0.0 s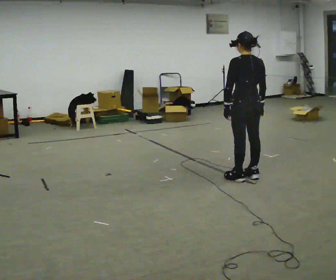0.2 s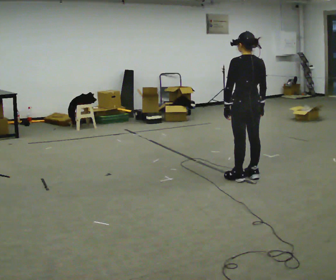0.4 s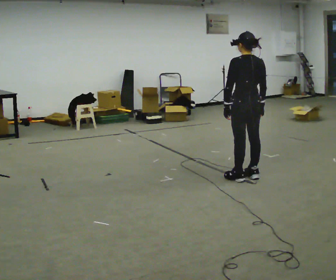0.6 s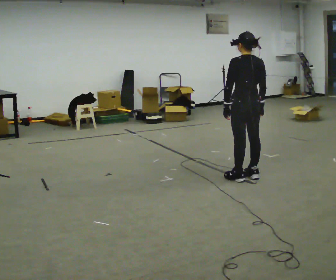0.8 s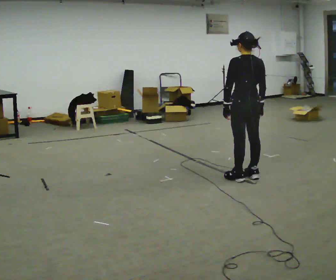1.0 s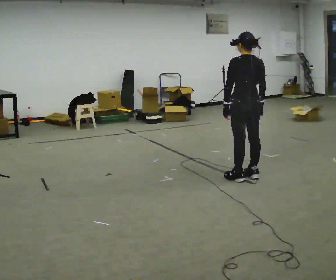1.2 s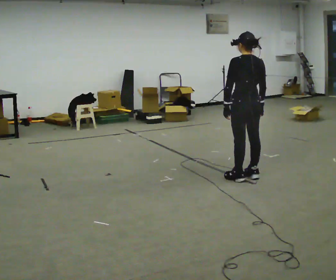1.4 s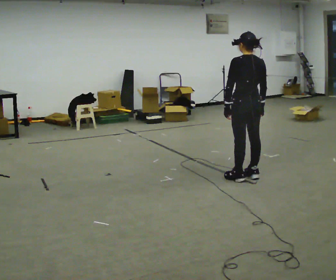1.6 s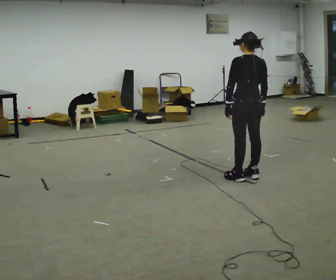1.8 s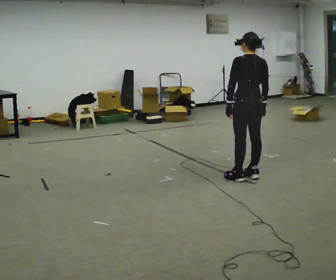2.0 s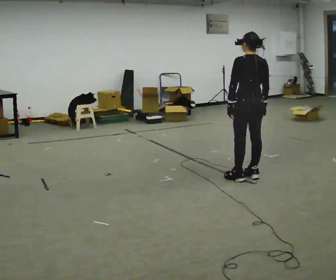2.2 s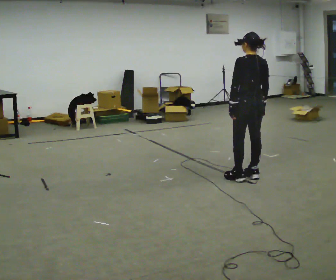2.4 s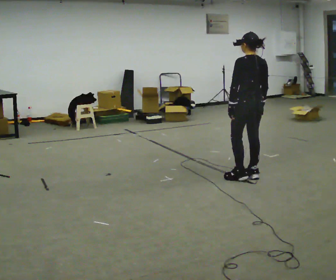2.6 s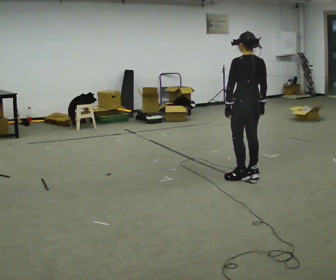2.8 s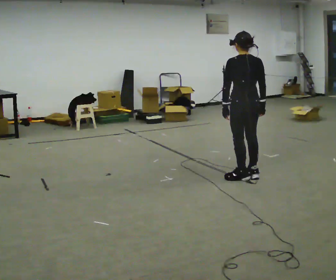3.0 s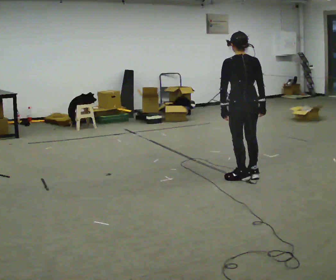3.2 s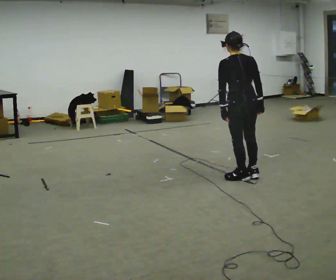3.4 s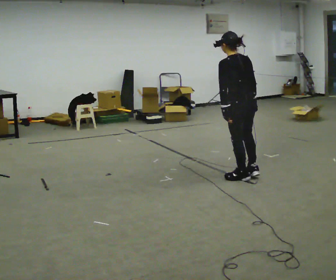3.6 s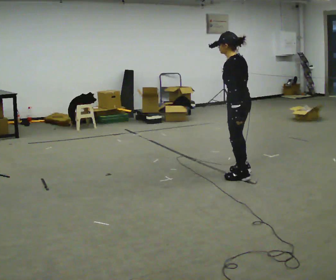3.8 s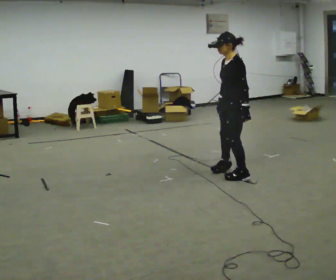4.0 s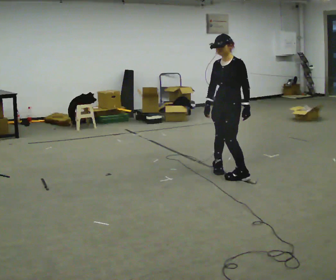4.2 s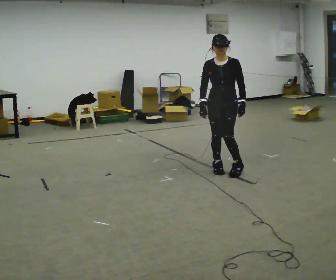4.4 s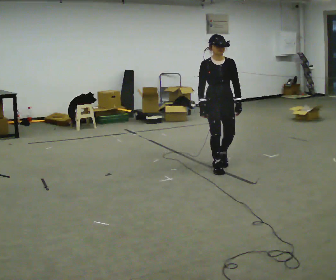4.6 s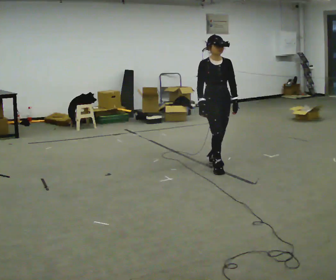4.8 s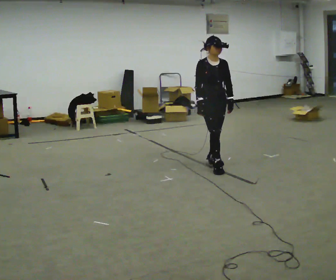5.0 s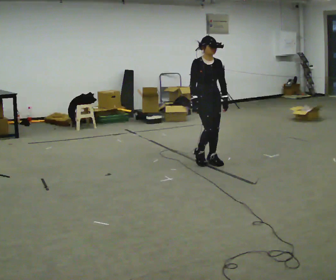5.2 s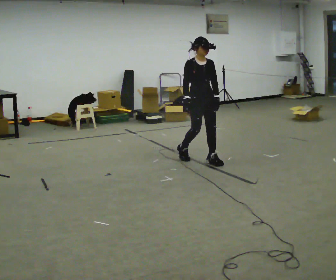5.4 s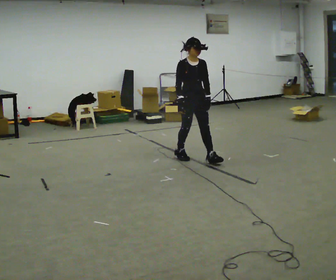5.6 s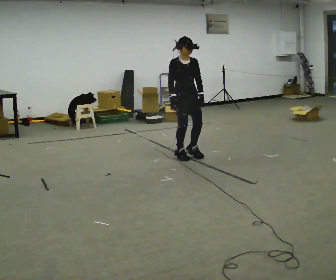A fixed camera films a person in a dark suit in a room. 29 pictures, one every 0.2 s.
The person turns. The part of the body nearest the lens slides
to the right.
The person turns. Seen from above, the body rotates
counterclockwise.
0.0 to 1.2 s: The person keeps their place and pose.
1.2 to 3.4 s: The person moves a little, or ends about where they began.
3.4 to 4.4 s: The part of the body nearest the lens slides to the right as the person turns to their left by about 165 degrees. In the picture they go away from the camera and to the left, about 0.25 m in 2 steps.
4.4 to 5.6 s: In the picture they go away from the camera and to the left, about 0.75 m in 2 steps, which for them is backward.
The film runs backward here.
